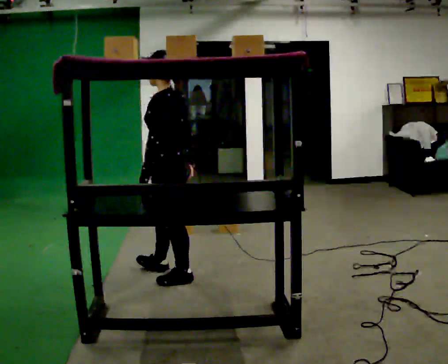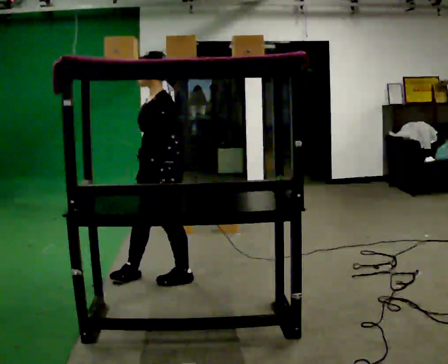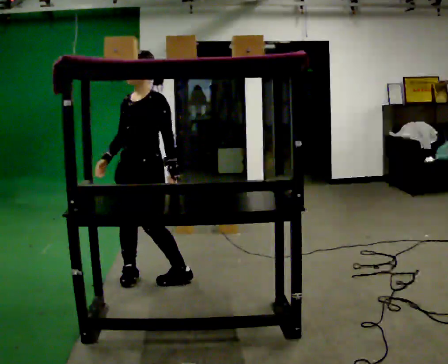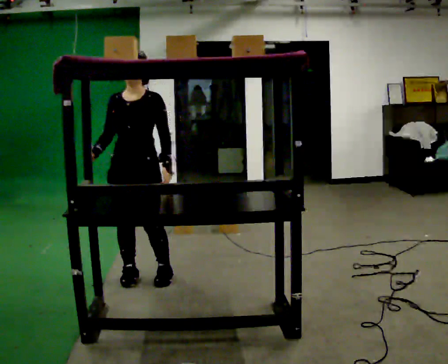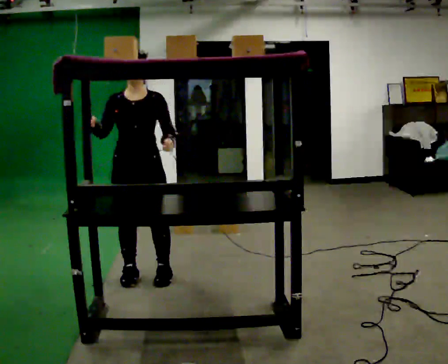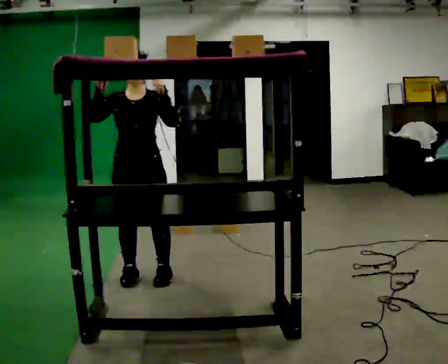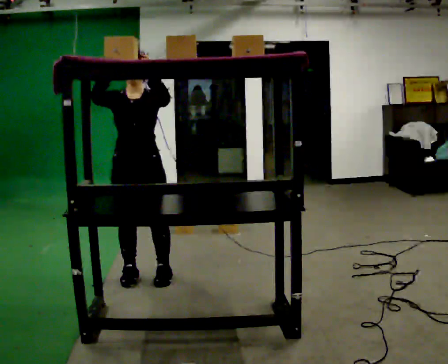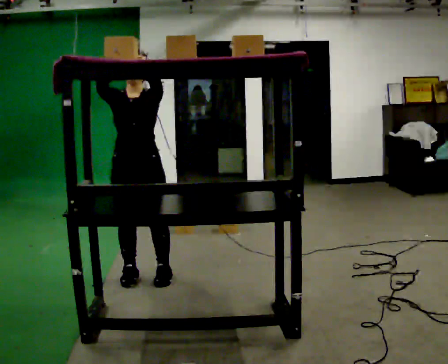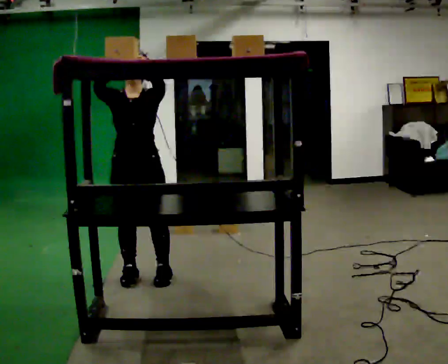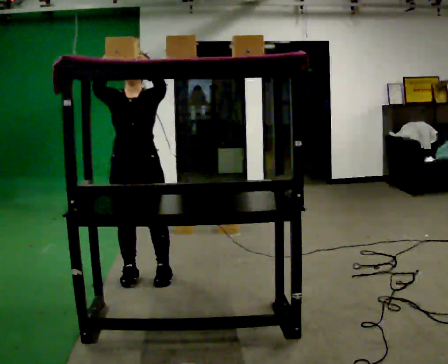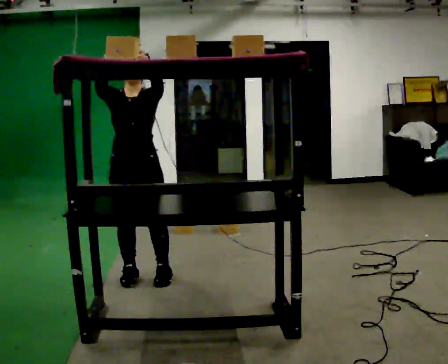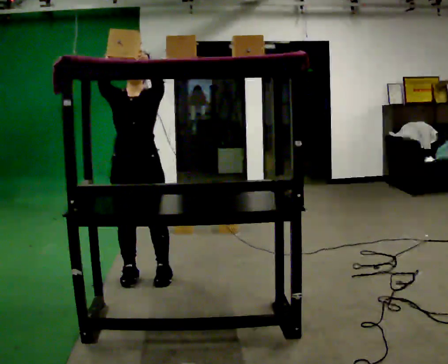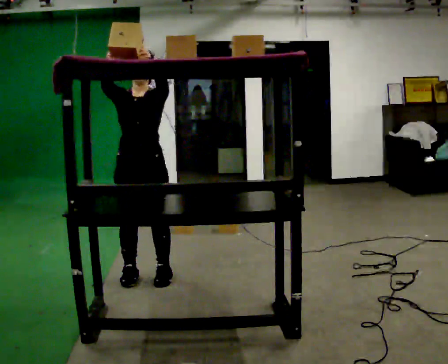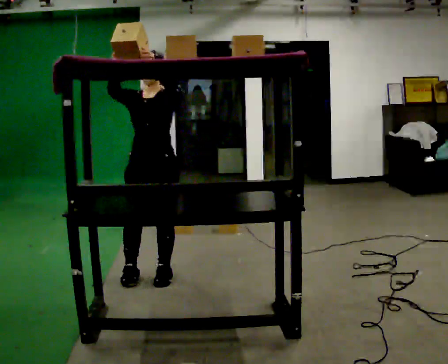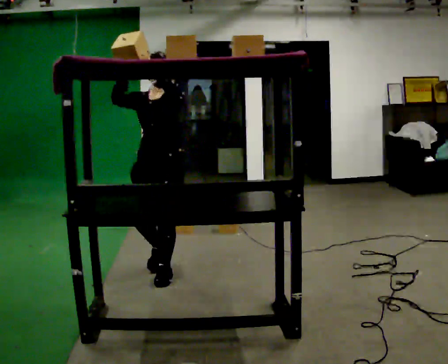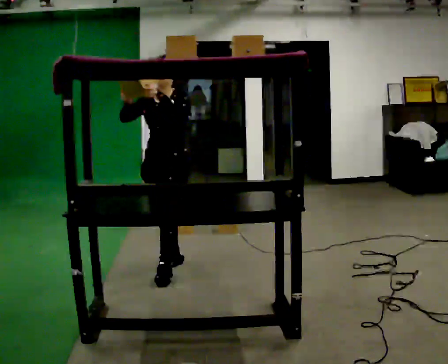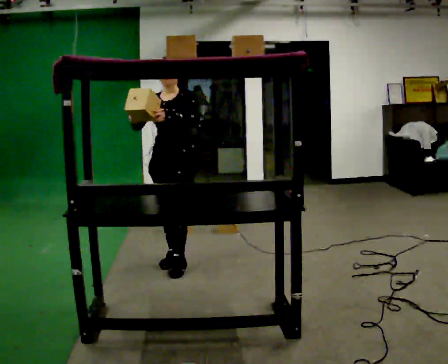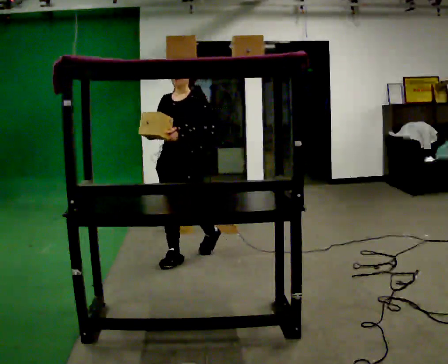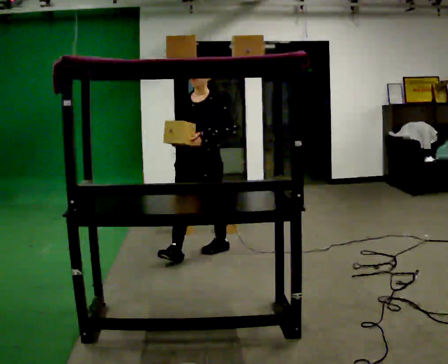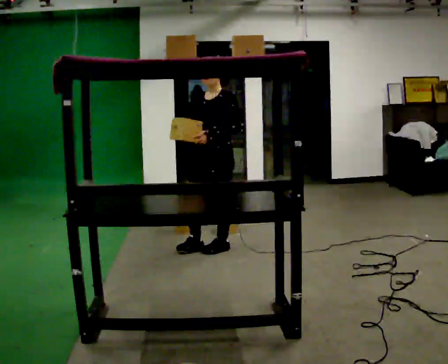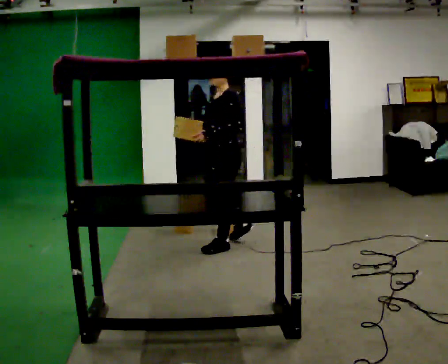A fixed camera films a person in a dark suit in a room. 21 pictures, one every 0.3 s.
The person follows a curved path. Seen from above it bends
clockwise.
0.0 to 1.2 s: The person turns about 105 degrees to their left, counterclockwise seen from above, so the part of the body nearest the lens slides to the right. In the picture they go to the left, about 0.25 m in 1 step. In the picture their right hand goes to the left, the arm swinging clockwise.
1.2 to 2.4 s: In the picture their left hand goes upward.
2.4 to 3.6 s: The person moves a little, or ends about where they began.
3.6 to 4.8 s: In the picture they go away from the camera and to the right, about 0.5 m in 2 steps, which for them is backward. In the picture their right hand goes downward.
4.8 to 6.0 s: The part of the body nearest the lens slides to the left as the person turns to their right by about 45 degrees. In the picture they go to the right and away from the camera, about 0.5 m in 1 step, which for them is backward.
The film runs backward here.
